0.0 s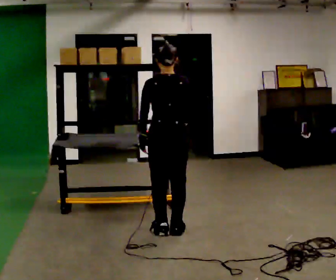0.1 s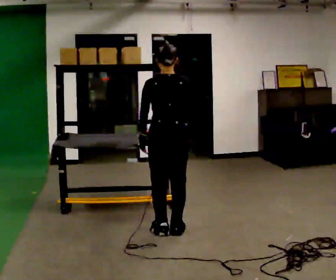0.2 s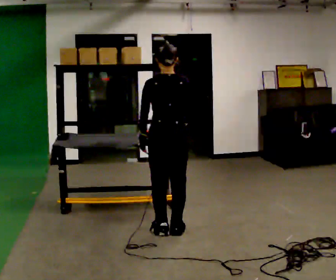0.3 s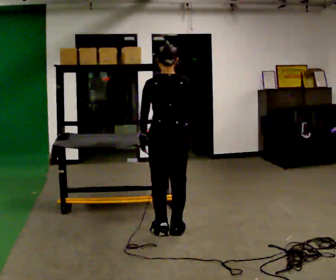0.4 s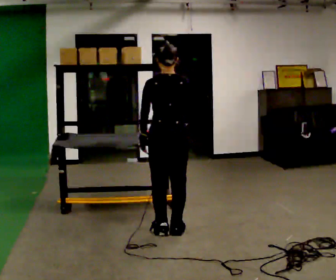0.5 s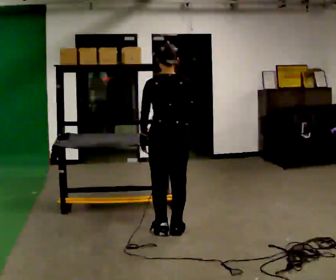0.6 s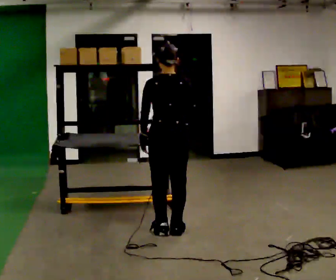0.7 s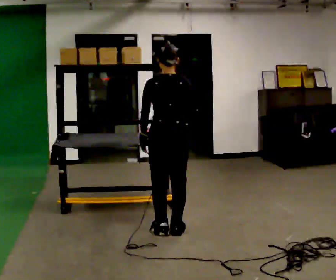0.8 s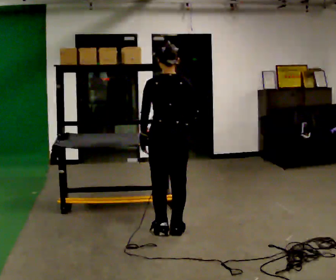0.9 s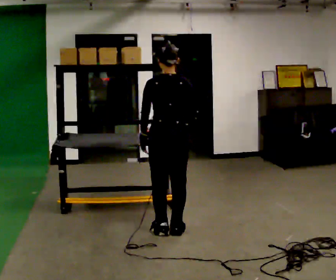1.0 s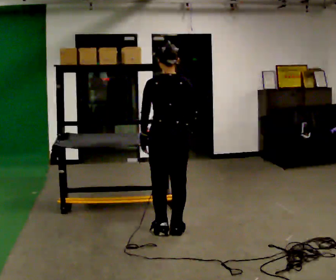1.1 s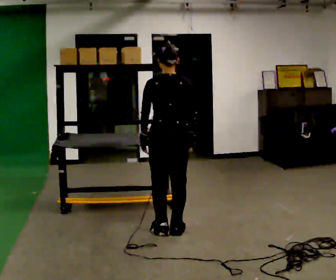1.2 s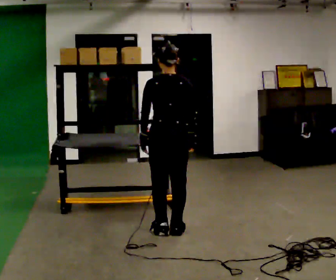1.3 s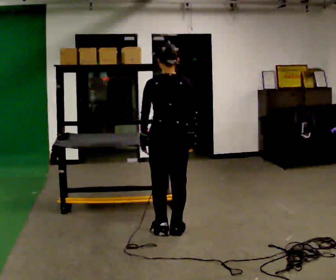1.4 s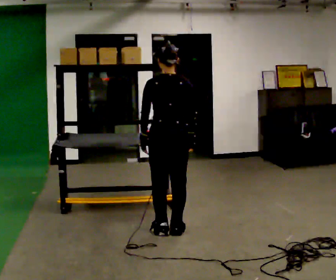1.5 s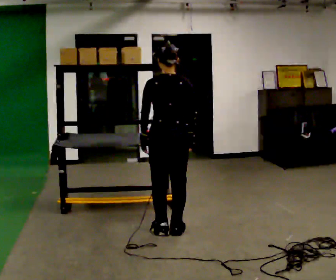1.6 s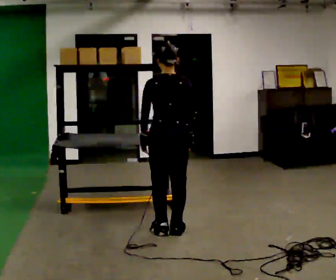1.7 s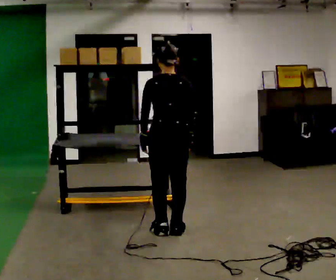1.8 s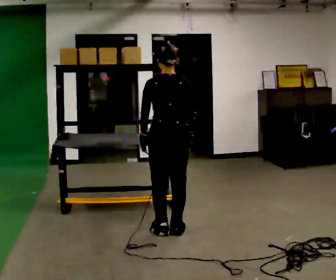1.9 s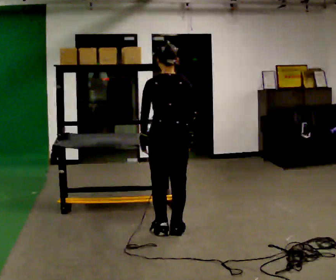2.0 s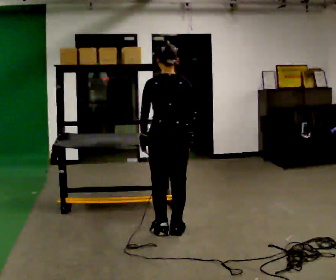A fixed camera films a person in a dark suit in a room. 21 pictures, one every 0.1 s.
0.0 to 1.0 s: In the picture their right hand goes downward.
1.0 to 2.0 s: The person moves a little, or ends about where they began.
The film runs forward here.
